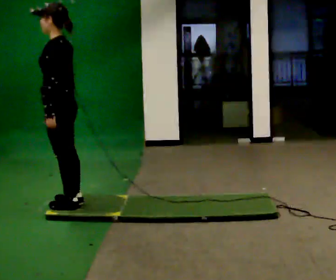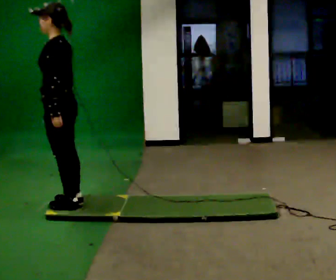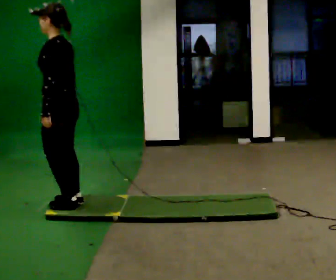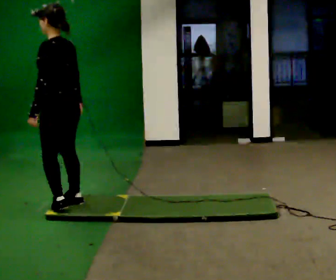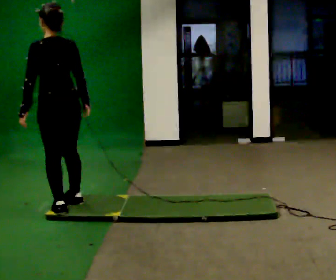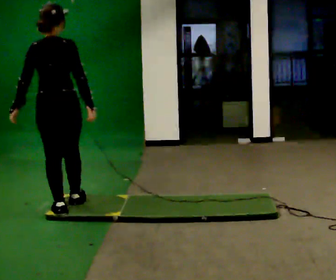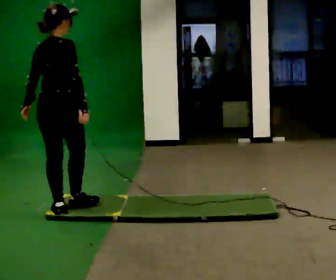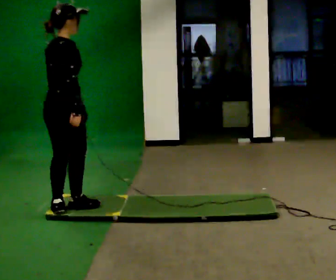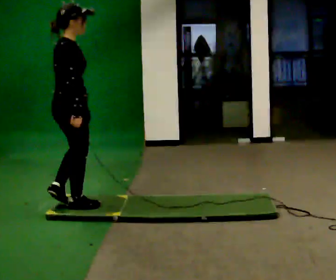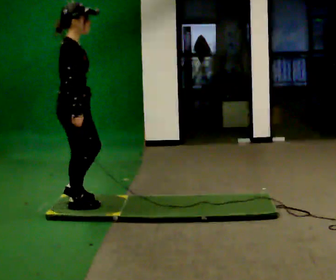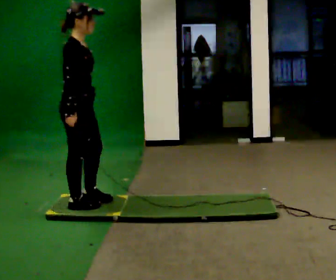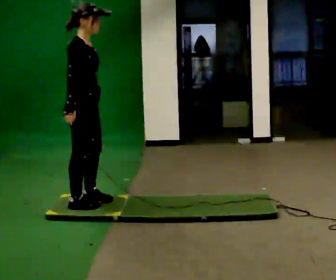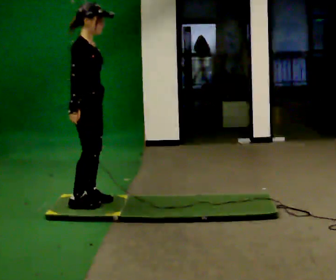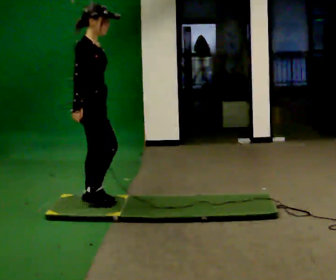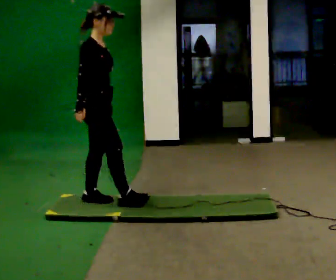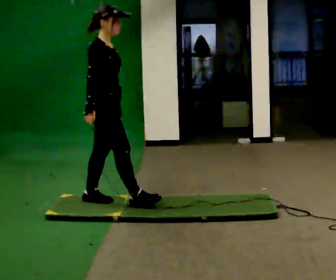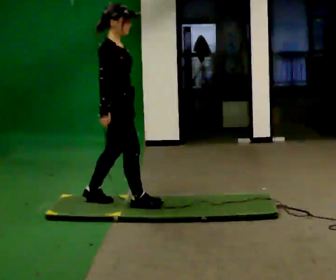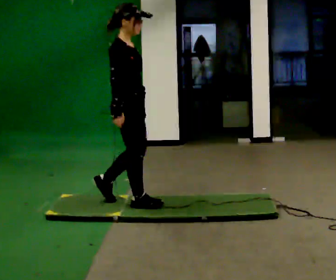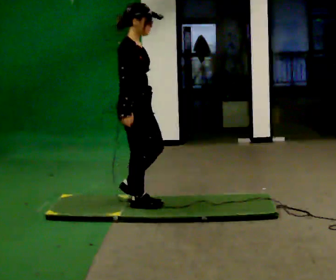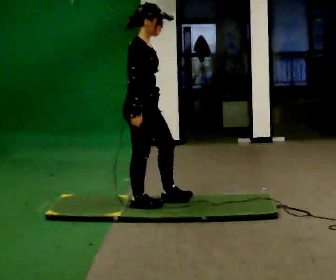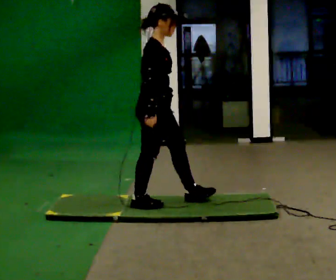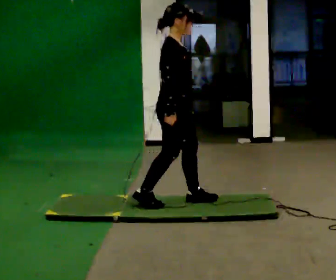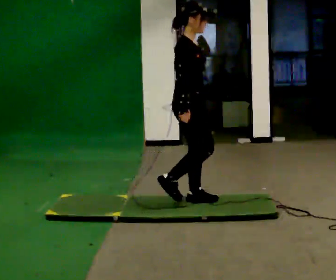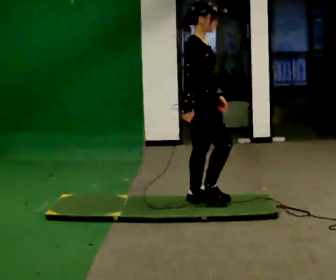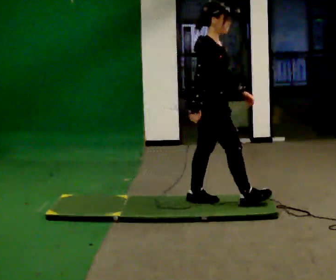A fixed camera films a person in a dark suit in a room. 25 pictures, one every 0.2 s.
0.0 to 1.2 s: Seen from above the body turns clockwise, about 105 degrees: to their right, with its near side sliding to the left.
1.2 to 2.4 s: The person turns about 60 degrees to their right, clockwise seen from above, so the part of the body nearest the lens slides to the left. In the picture they go away from the camera and to the right, about 0.25 m in 1 step.
2.4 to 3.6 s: In the picture they go to the right, about 0.5 m in 1 step, which for them is forward.
3.6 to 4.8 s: In the picture they go to the right, about 0.5 m in 1 step, which for them is forward.
The film runs forward here.
